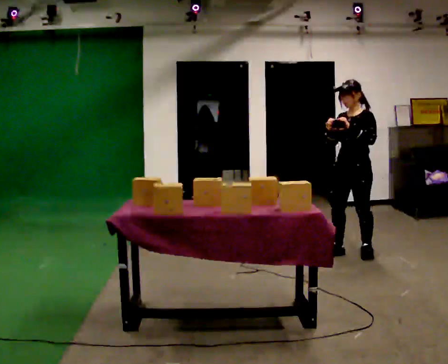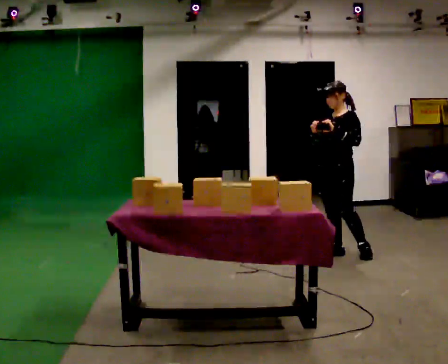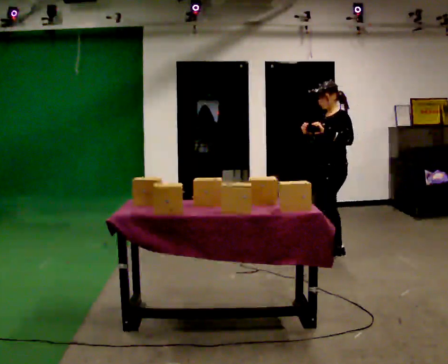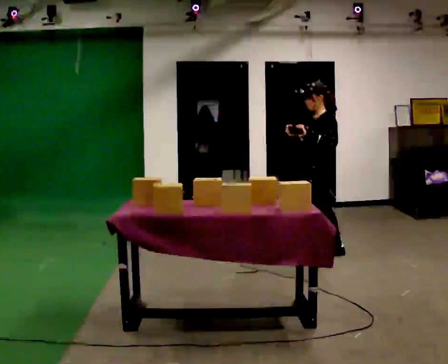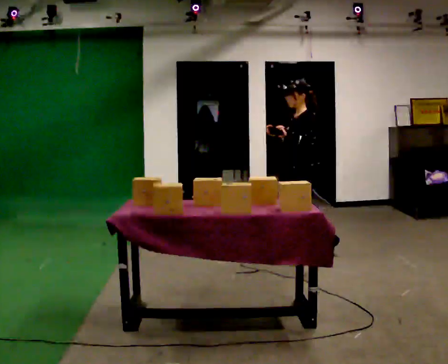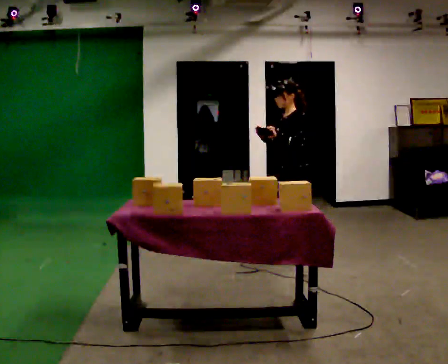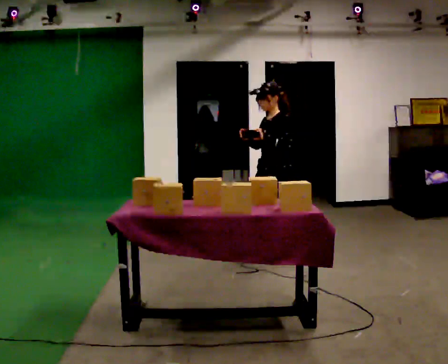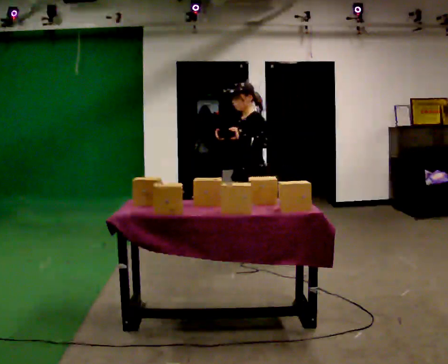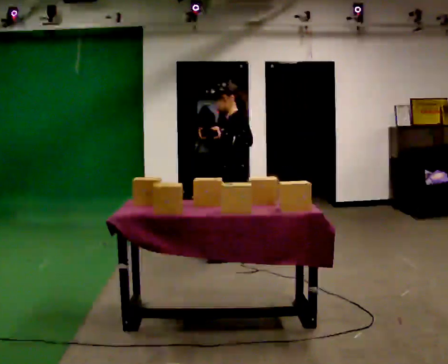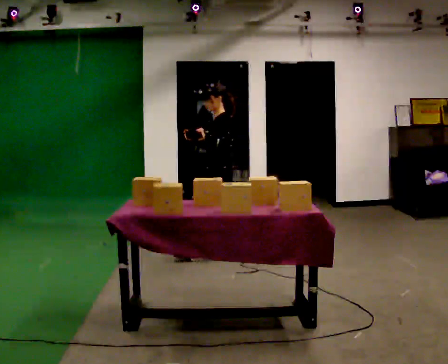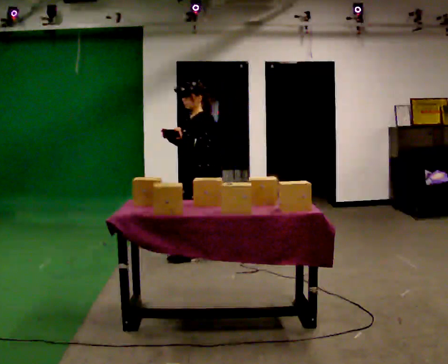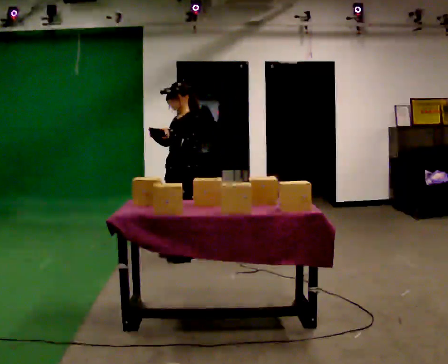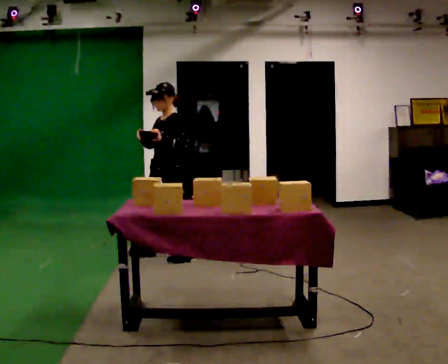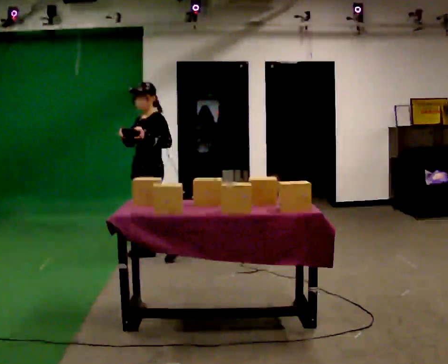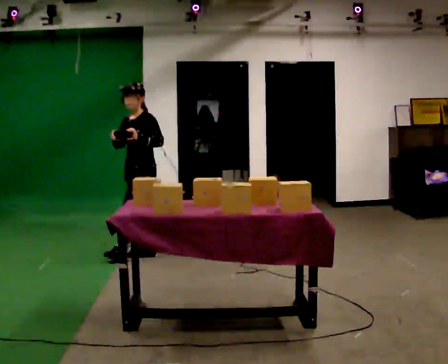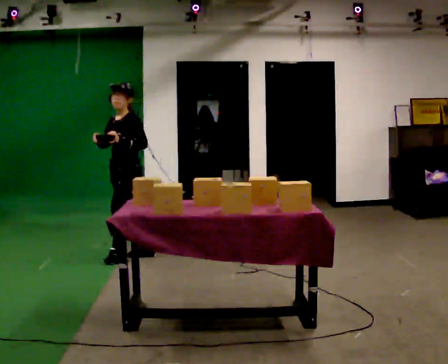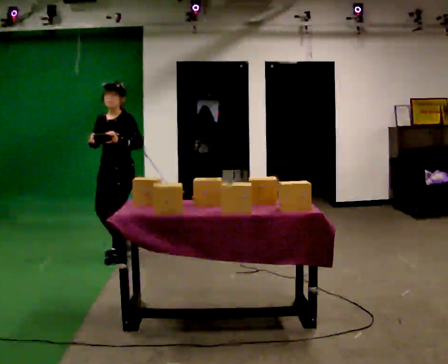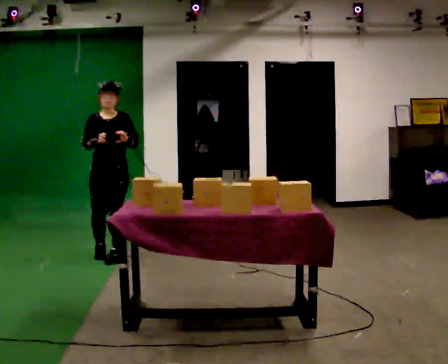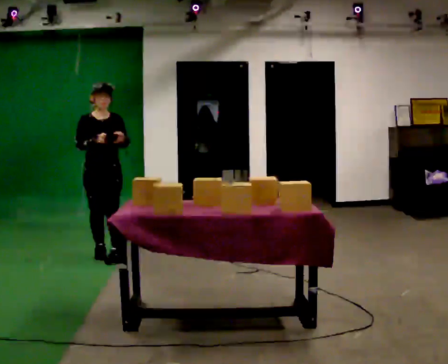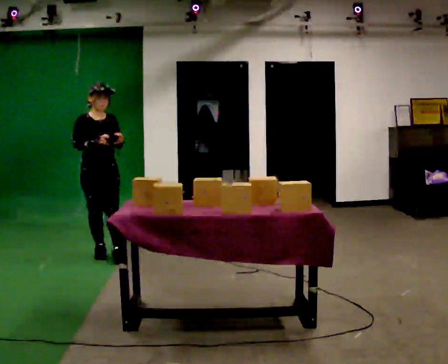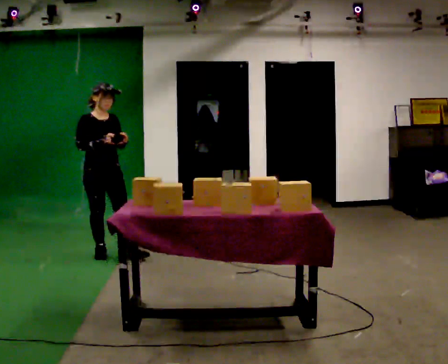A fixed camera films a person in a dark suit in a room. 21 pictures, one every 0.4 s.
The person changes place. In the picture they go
to the left.
0.0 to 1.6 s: The person turns about 45 degrees to their right, clockwise seen from above, so the part of the body nearest the lens slides to the left. In the picture they go to the left, about 0.5 m in 1 step, which for them is forward.
1.6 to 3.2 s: In the picture they go to the left, about 0.5 m in 1 step, which for them is forward.
3.2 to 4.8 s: In the picture they go to the left, about 0.5 m in 2 steps, which for them is forward.
4.8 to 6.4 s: The person turns about 30 degrees to their left, counterclockwise seen from above, so the part of the body nearest the lens slides to the right. In the picture they go to the left, about 0.5 m in 1 step, which for them is forward and to their right.
6.4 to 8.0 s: The person turns about 75 degrees to their left, counterclockwise seen from above, so the part of the body nearest the lens slides to the right. In the picture they go to the left, about 0.25 m in 1 step.
The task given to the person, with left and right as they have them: Carry the handheld device and, while walking, point it at the labels on the shelves and press the button as if scanning them.
The film runs forward here.
